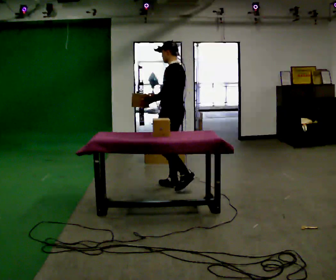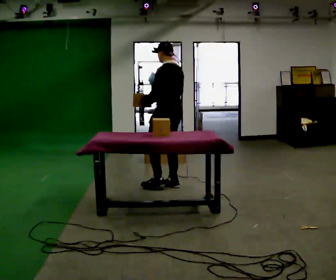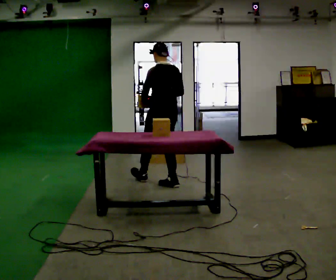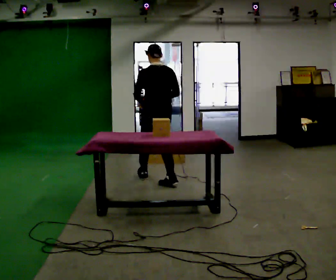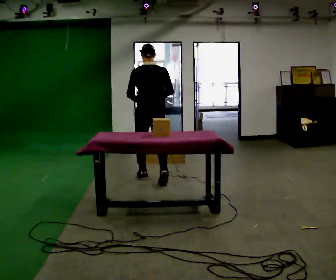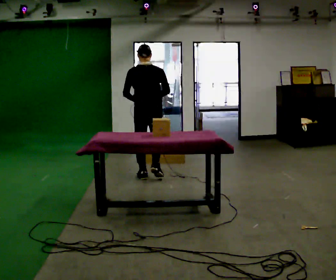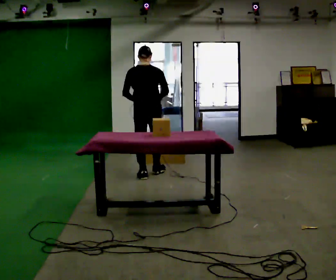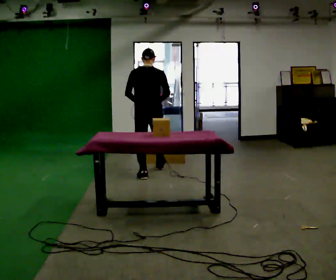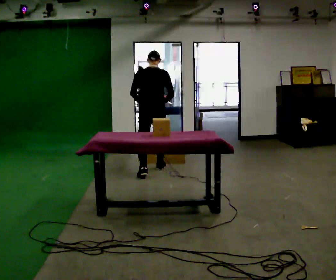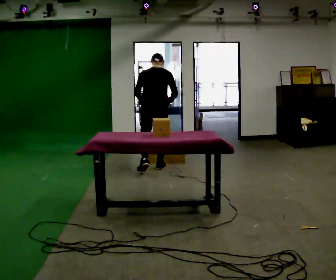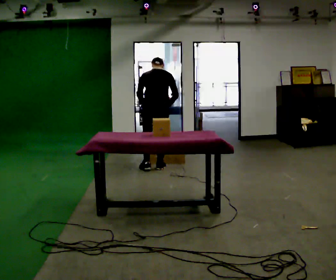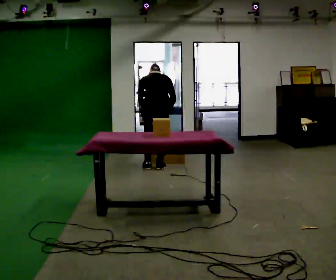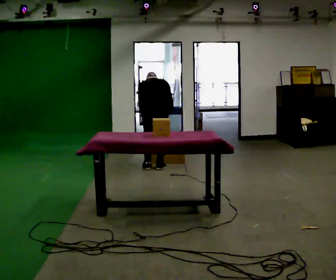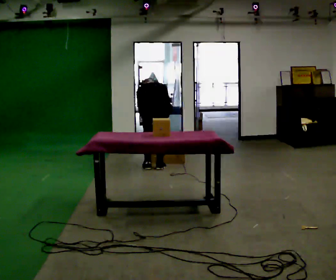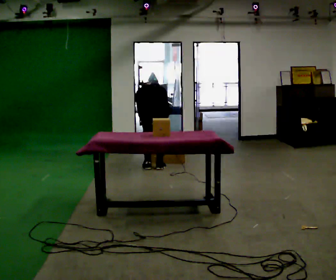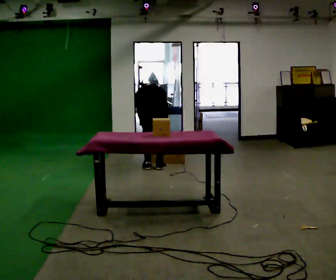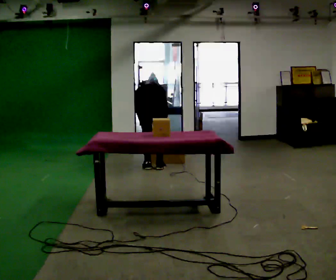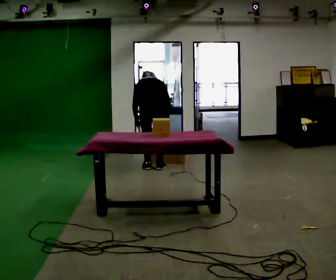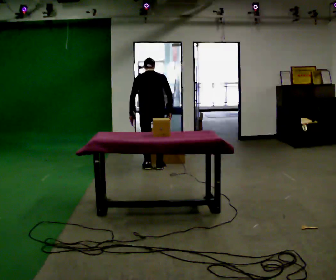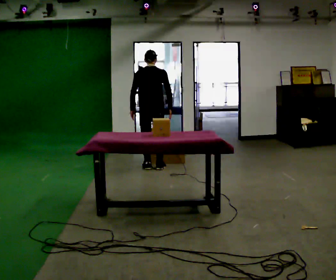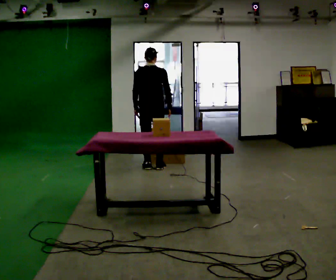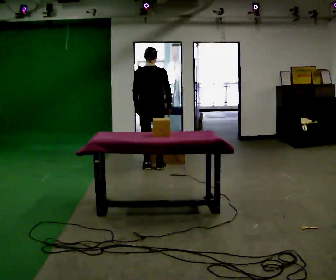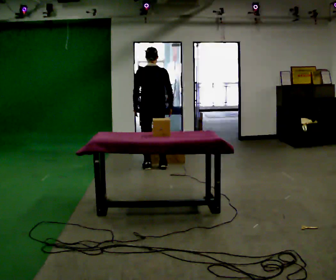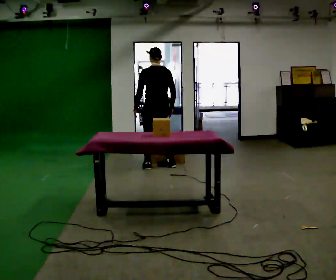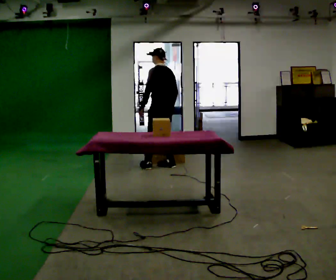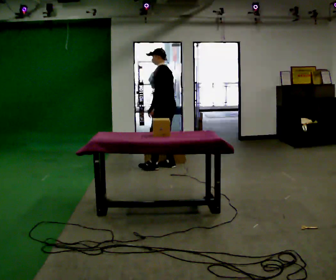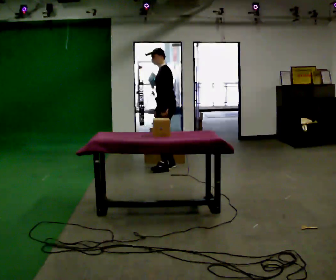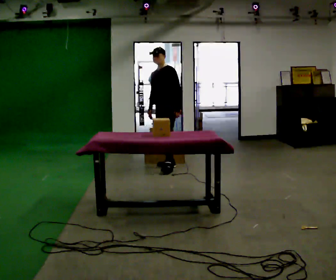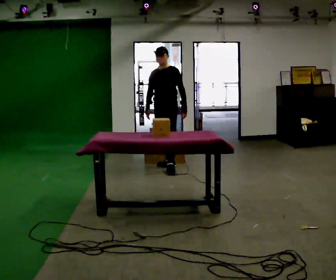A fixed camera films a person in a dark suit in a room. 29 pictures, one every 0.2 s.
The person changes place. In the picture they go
away from the camera.
The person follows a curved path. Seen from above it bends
clockwise.
0.0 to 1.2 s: Seen from above the body turns clockwise, about 75 degrees: to their right, with its near side sliding to the left. In the picture they go away from the camera and to the left, about 0.5 m in 1 step.
1.2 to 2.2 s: In the picture they go away from the camera, about 0.25 m in 2 steps, which for them is forward. The upper body tips away from the camera, its near side rolling upward, as they bend forward.
2.2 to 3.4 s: The person moves a little, or ends about where they began.
3.4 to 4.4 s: The shoulders move upward. The upper body tips toward the camera, its near side rolling downward, as they lean back or straighten.
4.4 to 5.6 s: Seen from above the body turns counterclockwise, about 135 degrees: to their left, with its near side sliding to the right. In the picture they go to the right, about 0.25 m in 2 steps. In the picture their left hand goes to the right, the arm swinging counterclockwise.
The film runs forward here.
